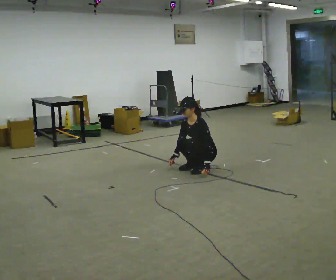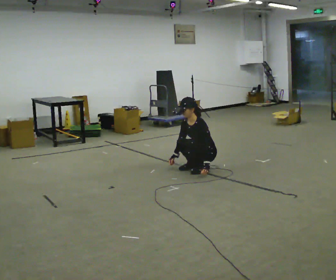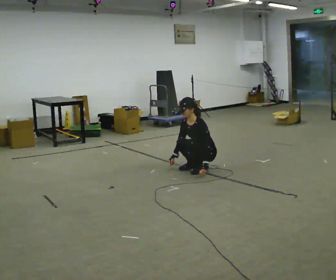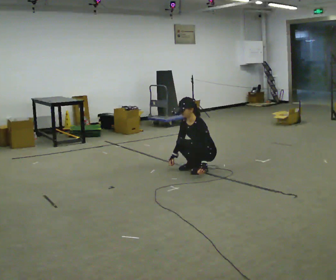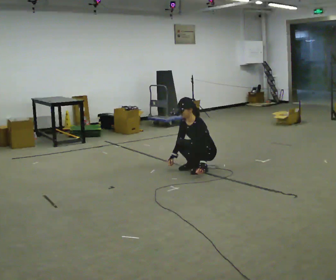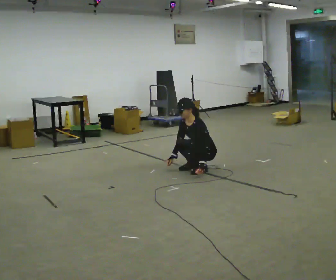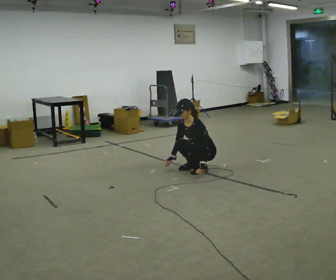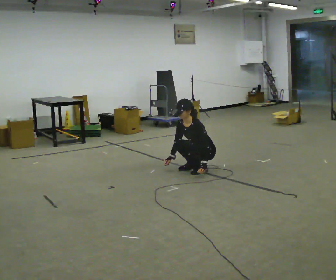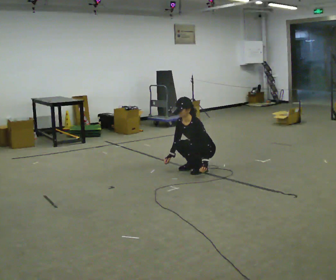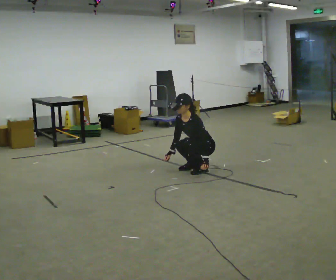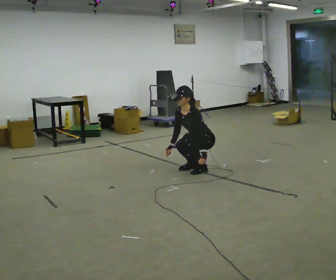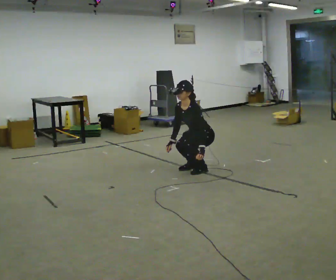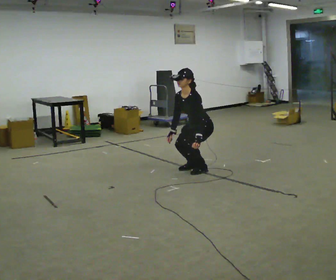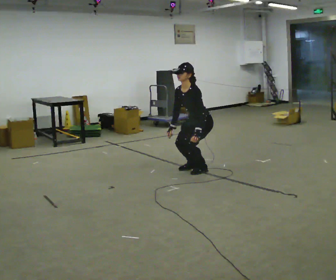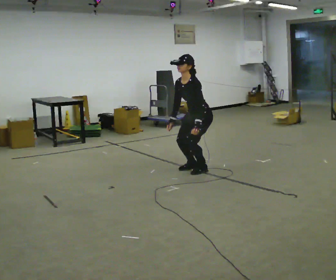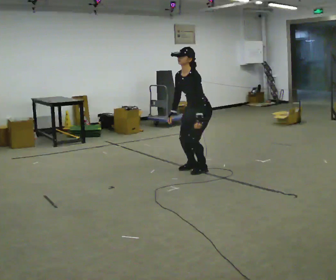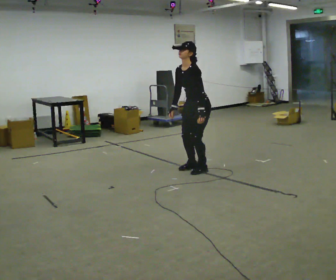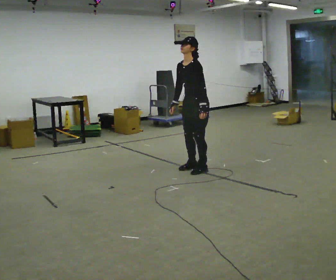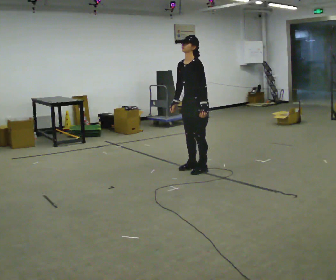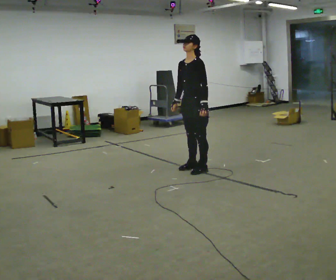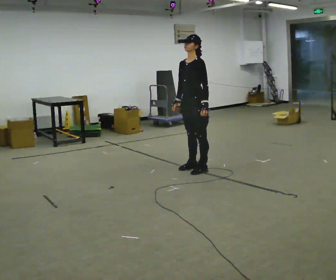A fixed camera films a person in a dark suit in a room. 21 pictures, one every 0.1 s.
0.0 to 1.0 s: The person moves a little, or ends about where they began.
1.0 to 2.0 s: The upper body goes upward. The upper body tips away from the camera, its near side rolling upward, as they lean back or straighten. In the picture their left hand goes upward.
The film runs backward here.
